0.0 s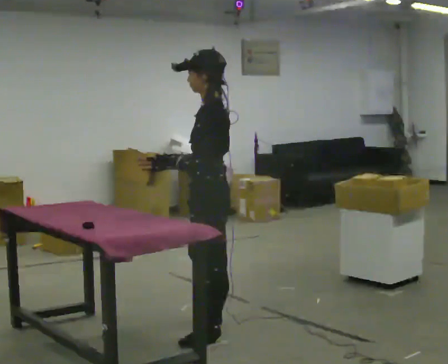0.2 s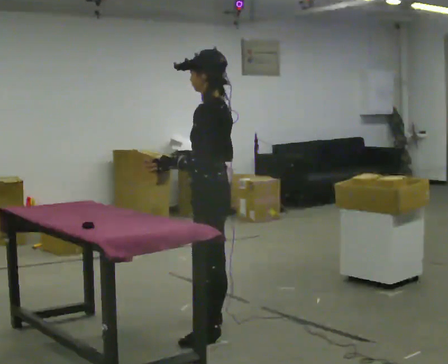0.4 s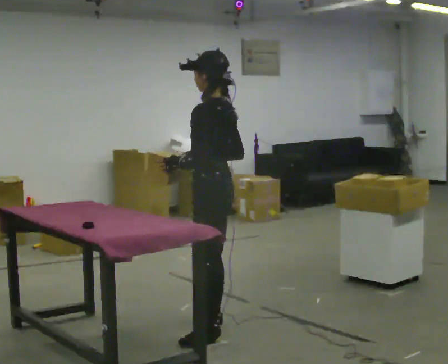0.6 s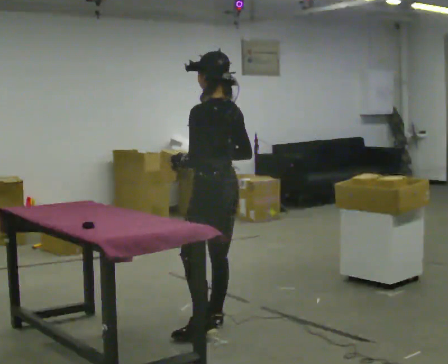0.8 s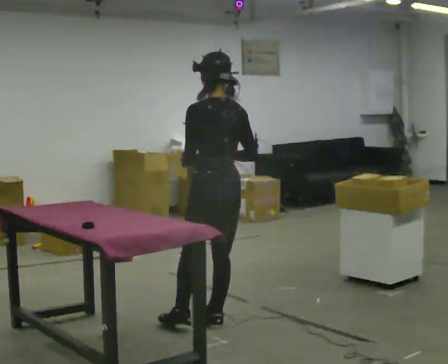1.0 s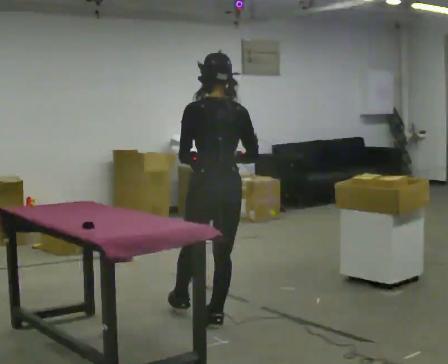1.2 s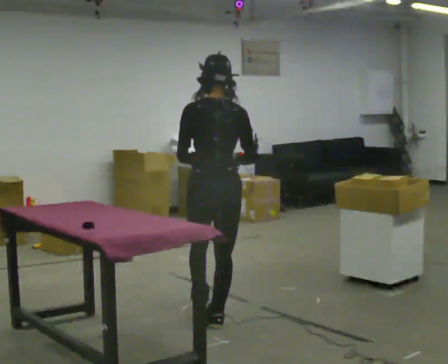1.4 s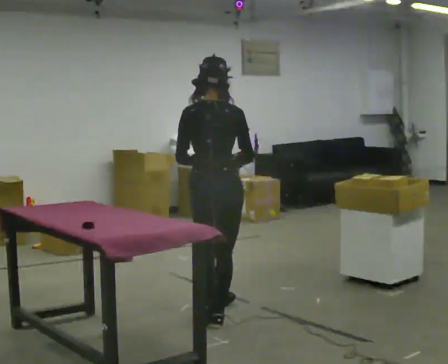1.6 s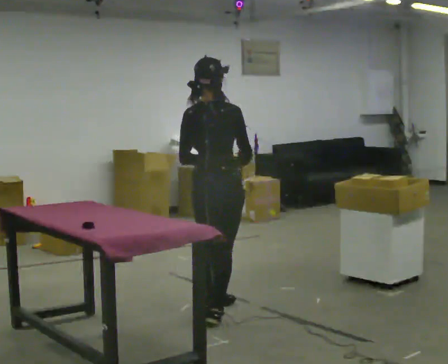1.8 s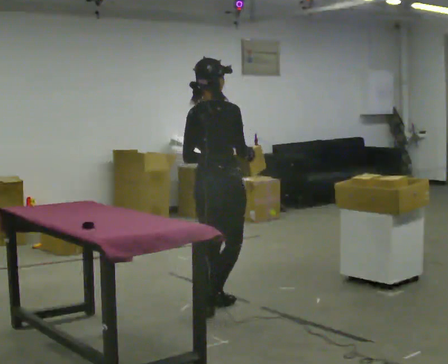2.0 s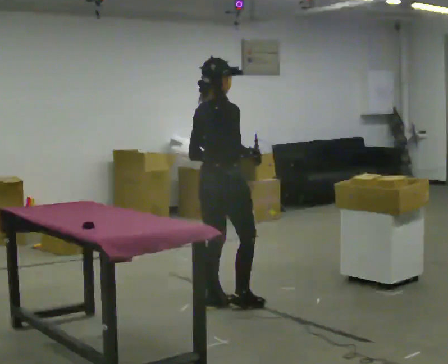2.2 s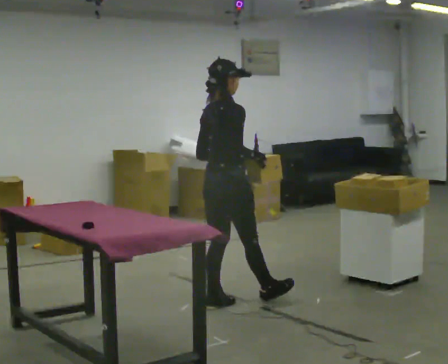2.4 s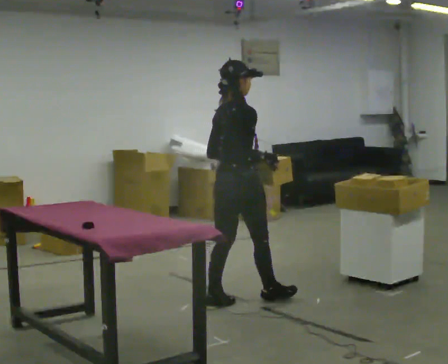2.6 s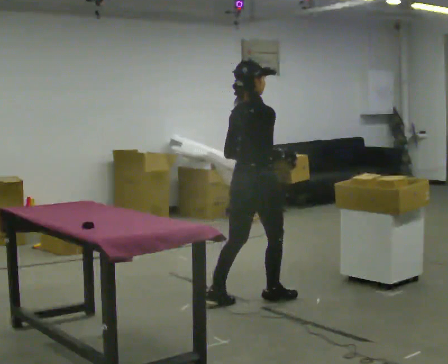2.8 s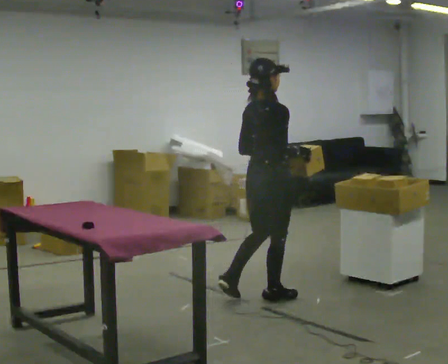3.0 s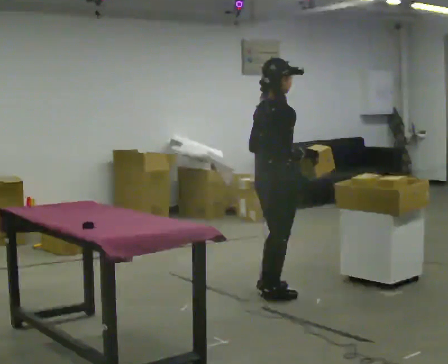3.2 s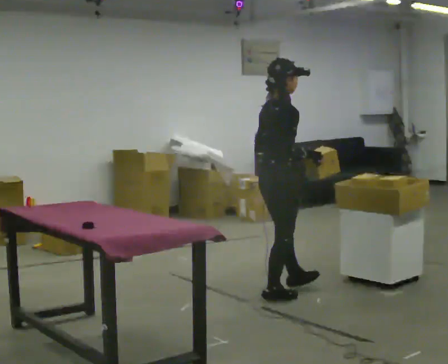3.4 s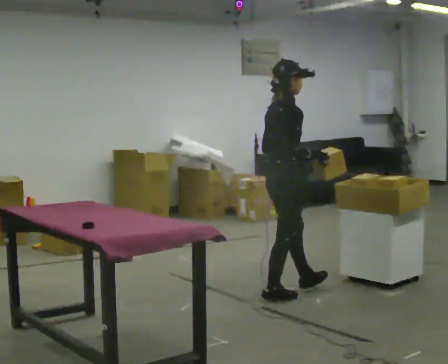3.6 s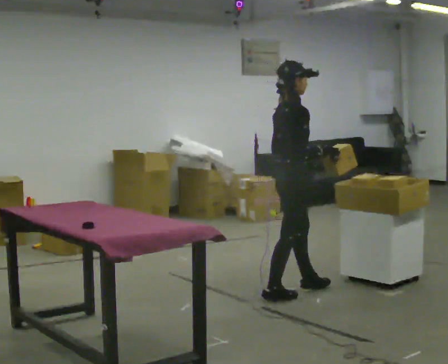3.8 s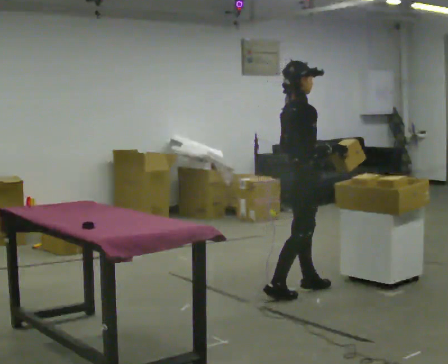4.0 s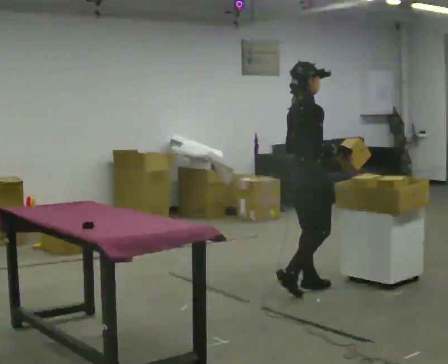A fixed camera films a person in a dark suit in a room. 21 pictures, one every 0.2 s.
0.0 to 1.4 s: The person turns about 105 degrees to their right, clockwise seen from above, so the part of the body nearest the lens slides to the left. In the picture they go away from the camera, about 0.5 m in 1 step.
1.4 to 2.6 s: The part of the body nearest the lens slides to the left as the person turns to their right by about 45 degrees. In the picture they go away from the camera and to the right, about 0.5 m in 1 step, which for them is forward and to their left.
2.6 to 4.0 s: In the picture they go to the right and away from the camera, about 0.5 m in 1 step, which for them is forward and to their left.
The film runs forward here.
